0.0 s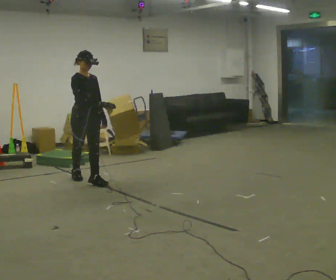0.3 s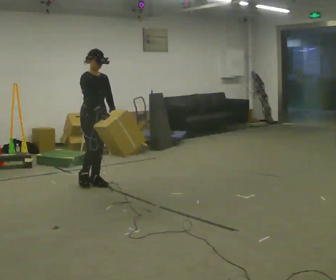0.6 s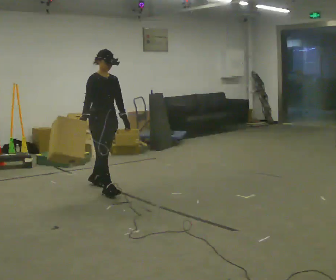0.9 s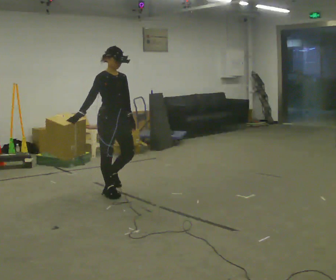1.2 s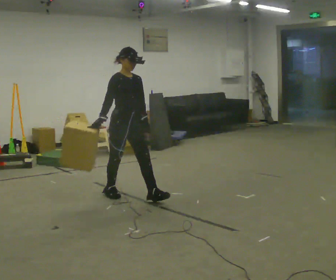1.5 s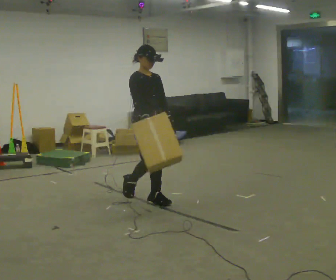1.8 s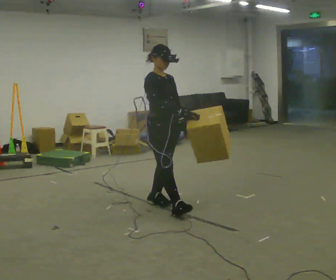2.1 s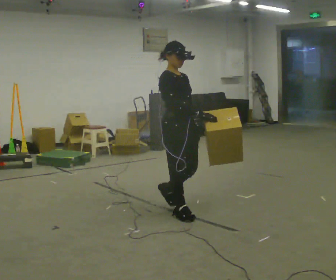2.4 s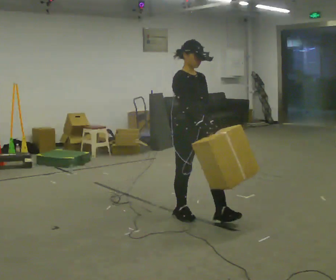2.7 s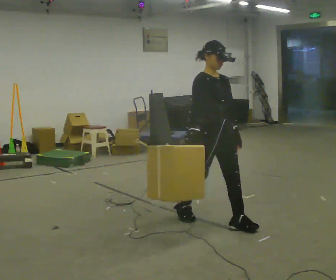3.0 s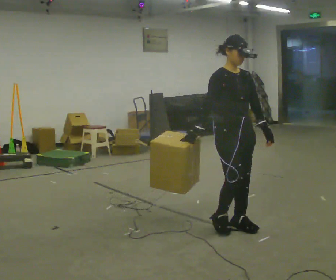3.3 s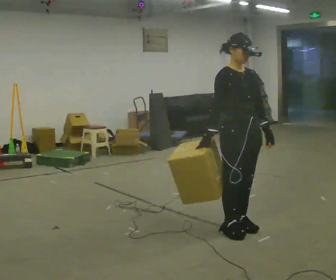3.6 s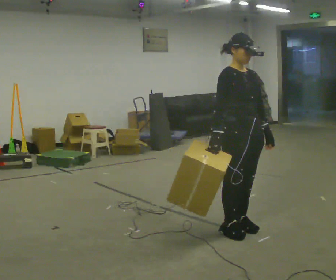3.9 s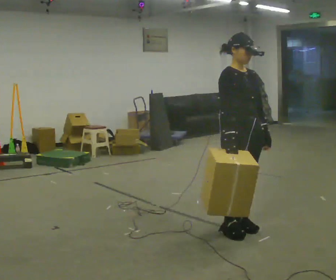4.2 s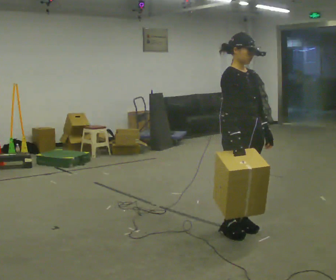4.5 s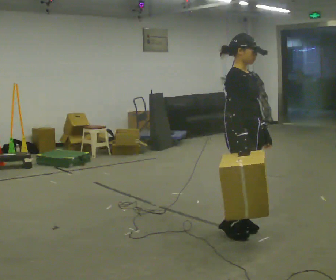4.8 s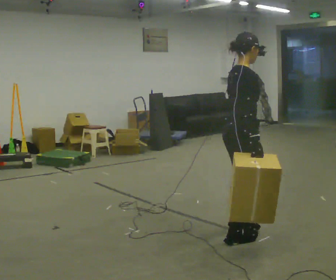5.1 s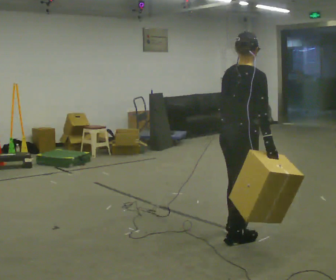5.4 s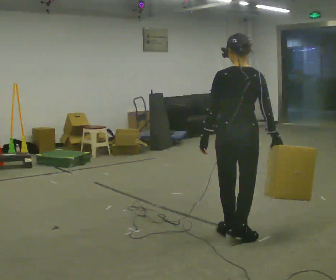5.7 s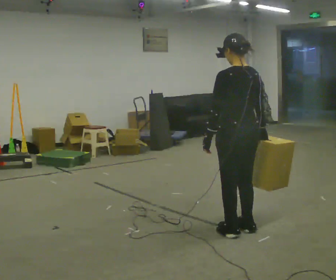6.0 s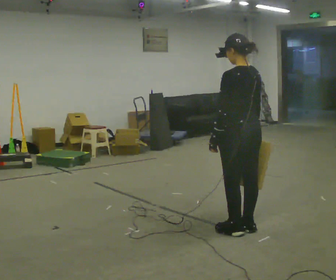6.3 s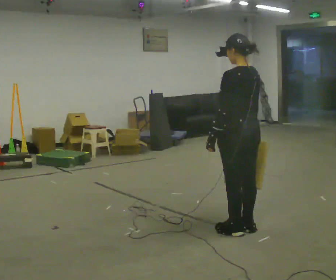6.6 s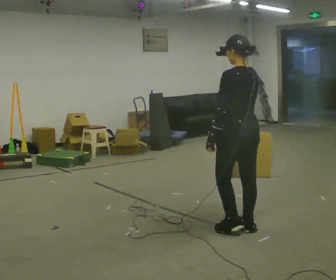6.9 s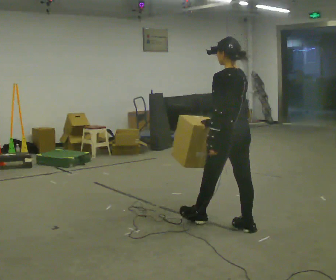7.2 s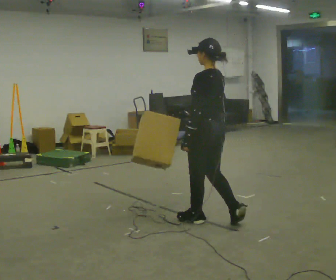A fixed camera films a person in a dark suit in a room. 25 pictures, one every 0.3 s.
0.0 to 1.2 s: In the picture they go to the right and toward the camera, about 1 m in 1 step, which for them is forward.
1.2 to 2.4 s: In the picture they go to the right and toward the camera, about 1 m in 2 steps, which for them is forward.
2.4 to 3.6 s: In the picture they go to the right and toward the camera, about 0.5 m in 2 steps, which for them is forward.
3.6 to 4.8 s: The person turns about 60 degrees to their left, counterclockwise seen from above, so the part of the body nearest the lens slides to the right.
4.8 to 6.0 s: The person turns about 120 degrees to their left, counterclockwise seen from above, so the part of the body nearest the lens slides to the right.
6.0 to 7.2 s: In the picture they go to the left and away from the camera, about 0.25 m in 1 step, which for them is forward.
The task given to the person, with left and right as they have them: Carry the object in the hand the operator calls, down at your side, walking back and forth across the room.
The film runs forward here.
